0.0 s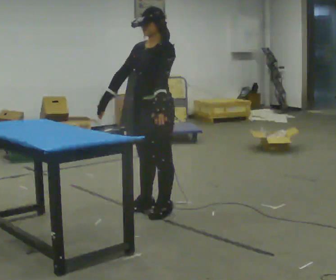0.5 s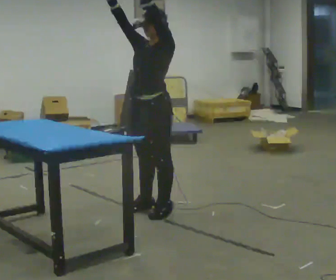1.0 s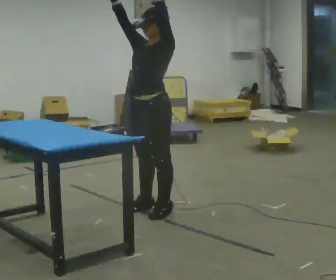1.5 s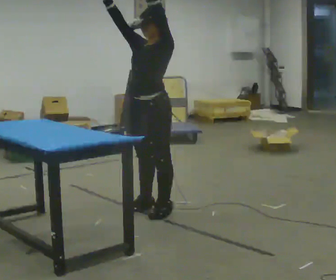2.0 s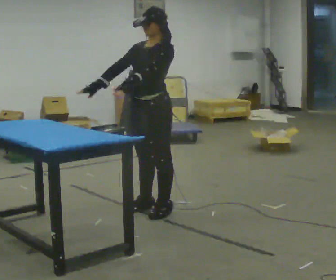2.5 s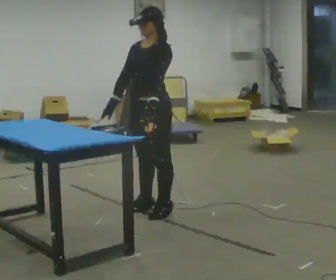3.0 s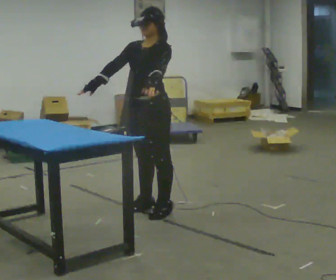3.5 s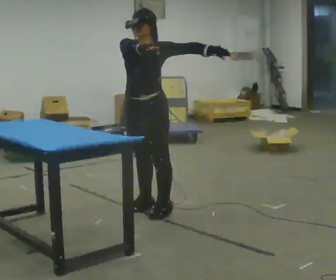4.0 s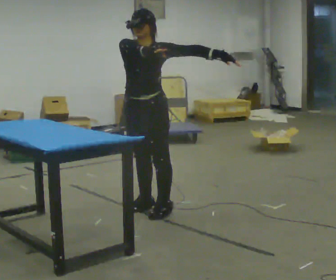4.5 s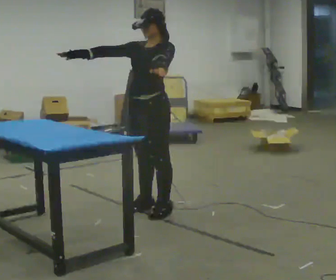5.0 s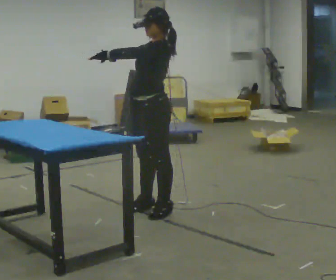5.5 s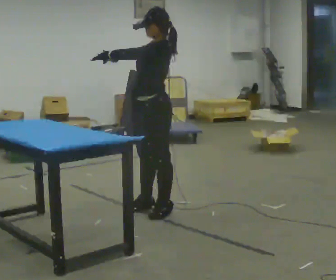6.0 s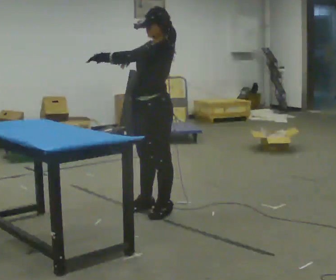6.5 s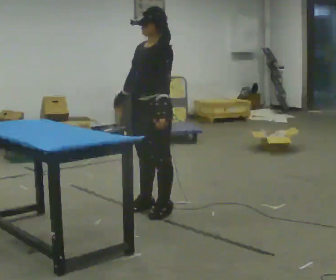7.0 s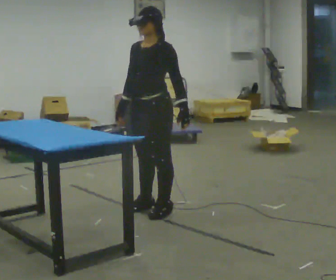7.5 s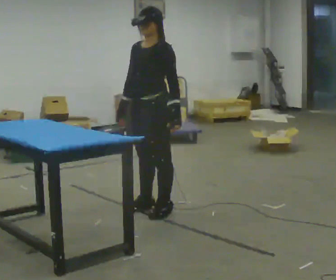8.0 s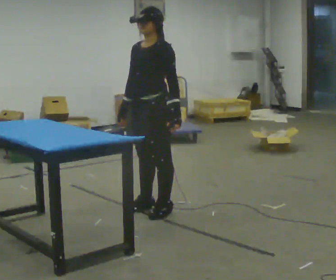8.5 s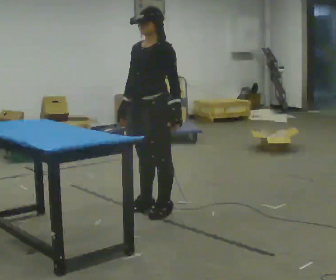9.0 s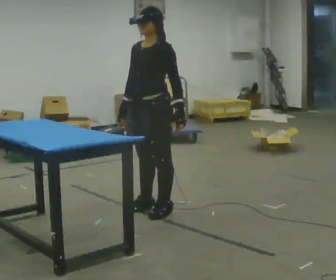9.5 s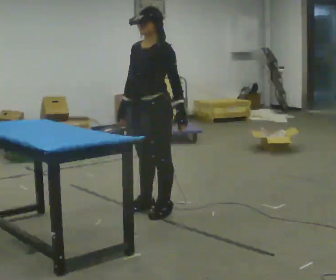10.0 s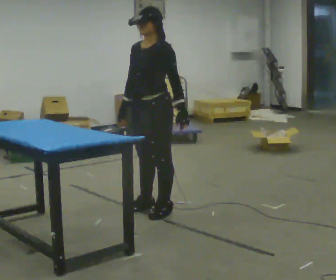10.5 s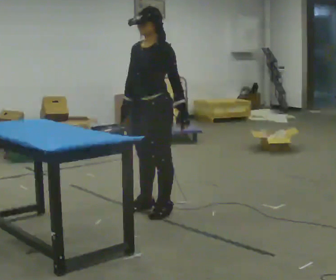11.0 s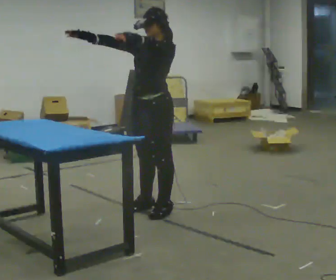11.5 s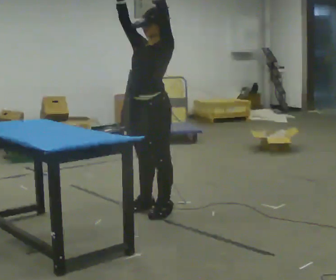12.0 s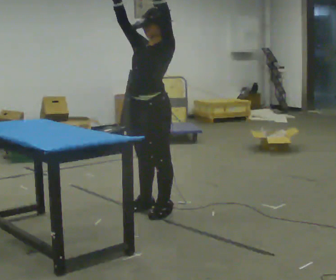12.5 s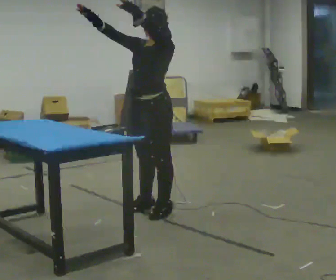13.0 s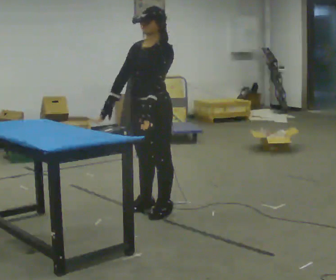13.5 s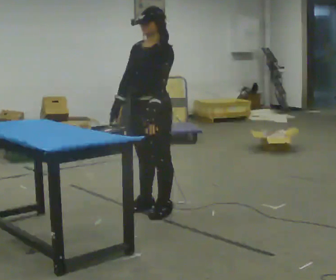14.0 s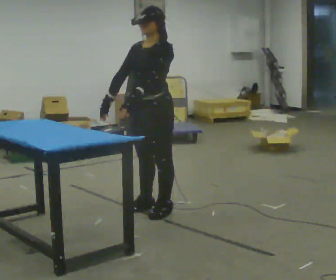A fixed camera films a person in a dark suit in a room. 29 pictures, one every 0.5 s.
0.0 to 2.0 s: The person moves a little, or ends about where they began.
2.0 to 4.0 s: In the picture their left hand goes to the right.
4.0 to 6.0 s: Seen from above the body turns clockwise, about 30 degrees: to their right, with its near side sliding to the left.
6.0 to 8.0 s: In the picture their left hand goes to the right and downward, the arm swinging counterclockwise.
8.0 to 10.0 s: The person moves a little, or ends about where they began.
10.0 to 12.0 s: In the picture their right hand goes upward, the arm swinging clockwise.
12.0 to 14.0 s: In the picture their right hand goes downward, the arm swinging counterclockwise.
The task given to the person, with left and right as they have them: Reach as far as you comfortably can in each direction the operator calls: up, down, forward, each side, and behind. Hold each one briefly. Keep both feet on the marked spots for the whole take. If you have to step, stop and tell the operator.
The film runs forward here.
